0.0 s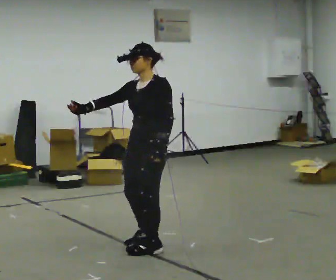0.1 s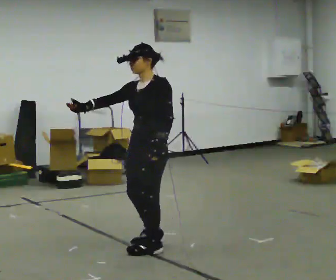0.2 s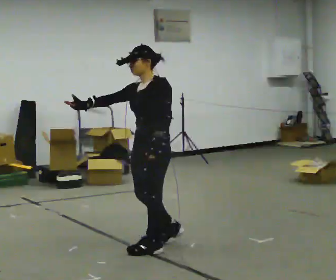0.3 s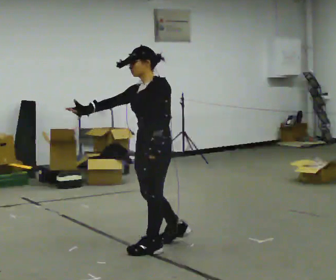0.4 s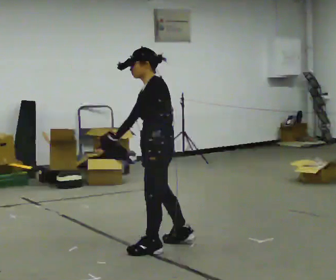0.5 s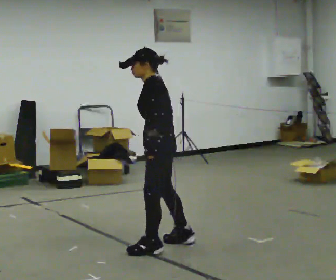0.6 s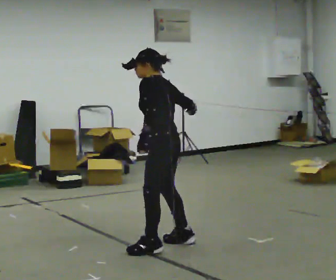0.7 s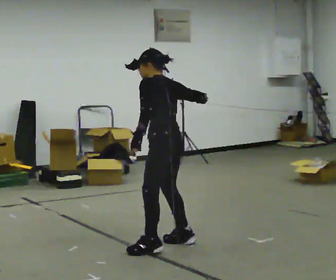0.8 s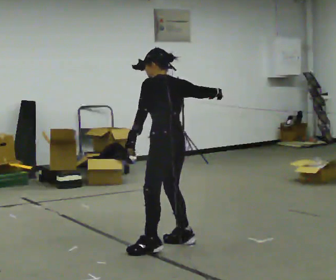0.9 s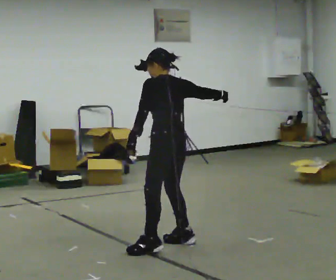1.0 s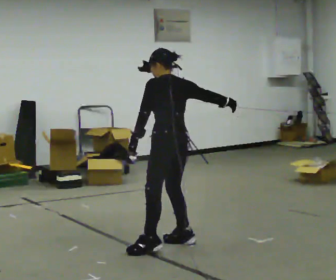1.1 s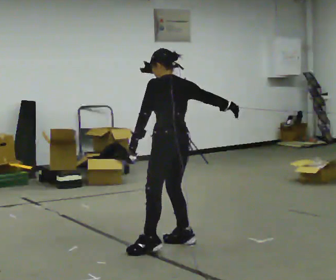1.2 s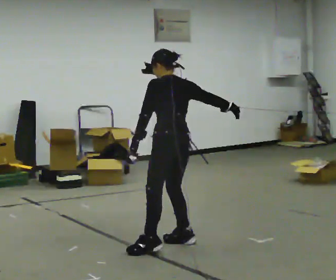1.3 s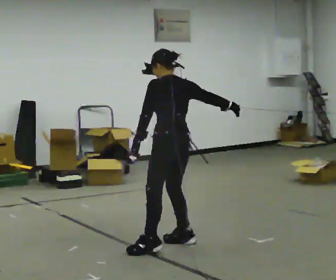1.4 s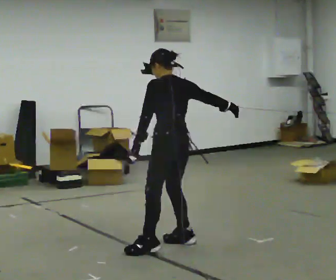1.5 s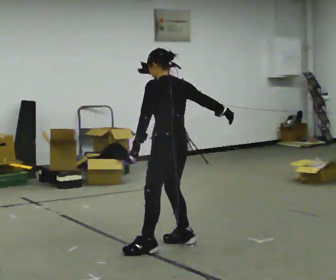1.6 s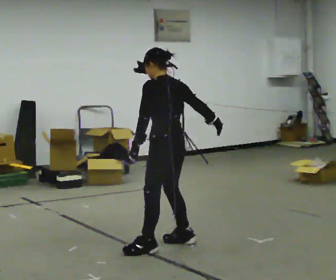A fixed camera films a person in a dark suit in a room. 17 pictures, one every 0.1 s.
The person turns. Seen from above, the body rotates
clockwise.
The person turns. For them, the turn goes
to their right.
0.0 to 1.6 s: The person turns about 75 degrees to their right, clockwise seen from above, so the part of the body nearest the lens slides to the left. In the picture their right hand goes to the right.
The film runs backward here.
